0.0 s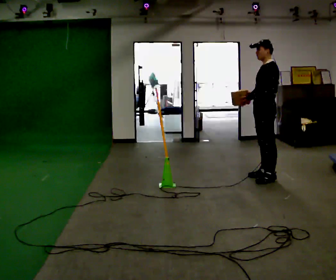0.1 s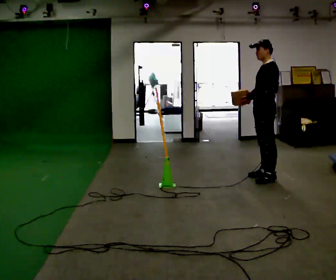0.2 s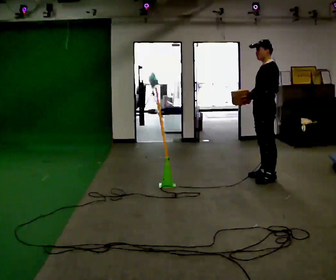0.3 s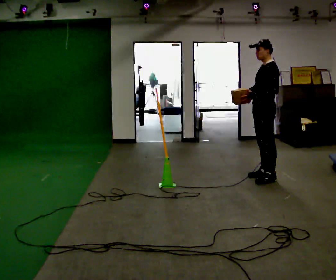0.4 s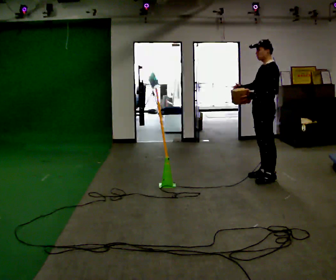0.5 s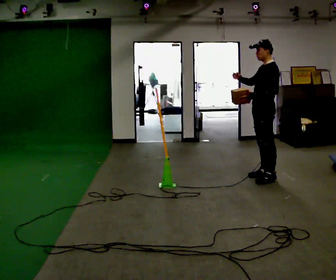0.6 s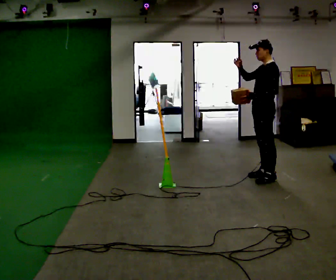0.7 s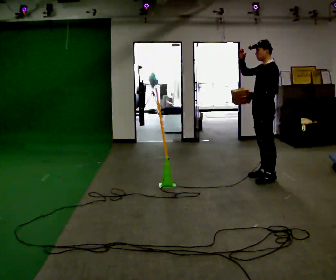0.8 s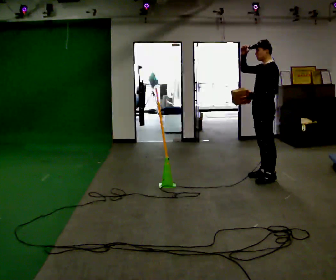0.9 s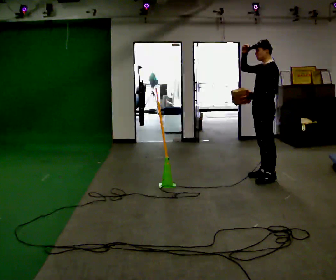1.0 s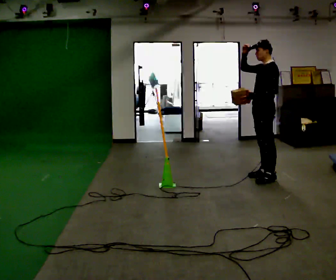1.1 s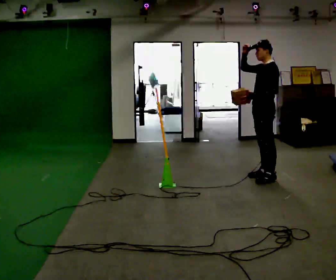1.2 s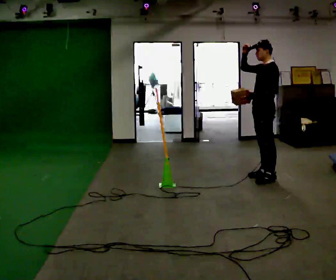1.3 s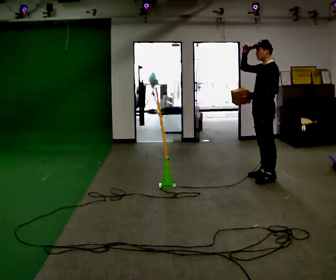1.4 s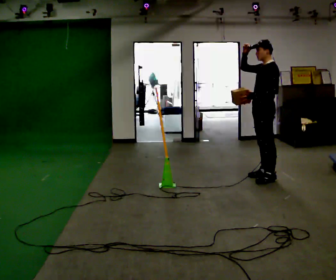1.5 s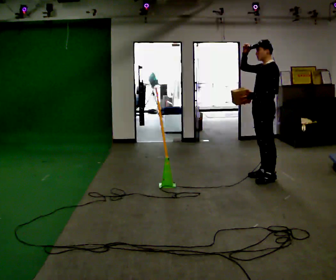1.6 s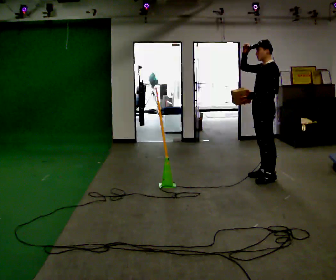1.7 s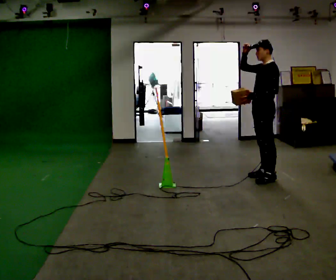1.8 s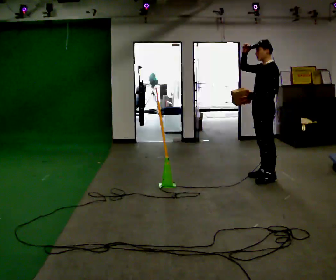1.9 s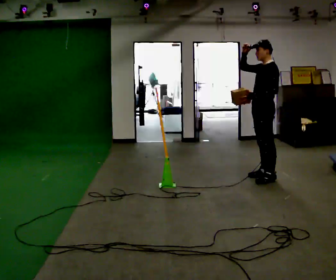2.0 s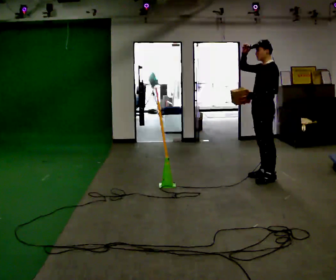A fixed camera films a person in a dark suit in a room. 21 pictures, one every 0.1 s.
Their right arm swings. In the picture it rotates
clockwise.
Their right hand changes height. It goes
upward.
0.0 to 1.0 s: In the picture their right hand goes upward, the arm swinging clockwise.
1.0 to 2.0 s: The person keeps their place and pose.
The film runs backward here.
